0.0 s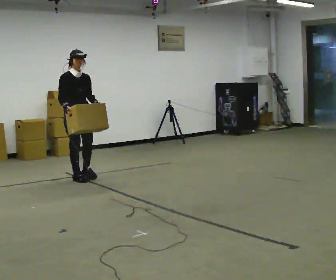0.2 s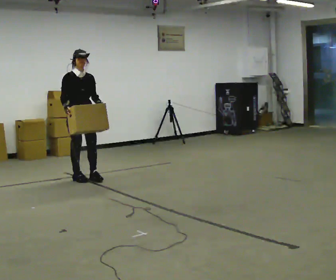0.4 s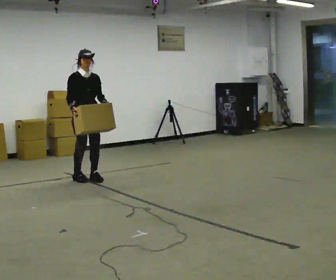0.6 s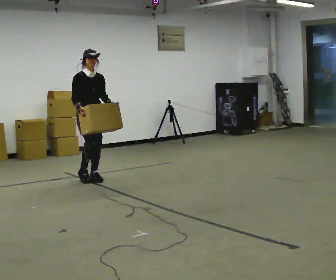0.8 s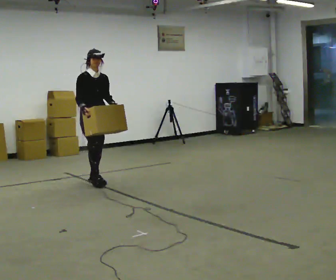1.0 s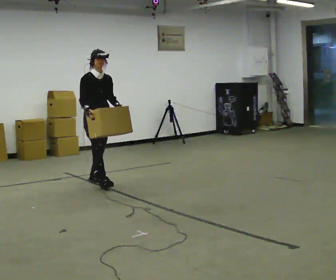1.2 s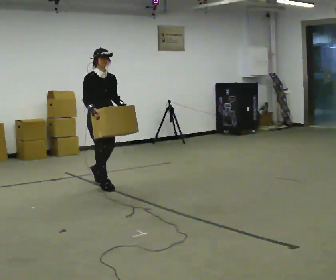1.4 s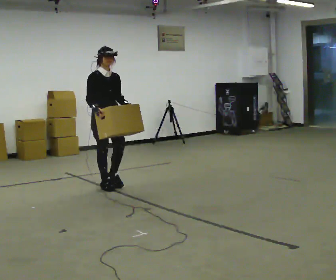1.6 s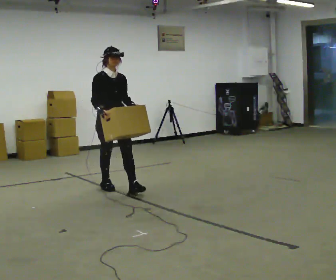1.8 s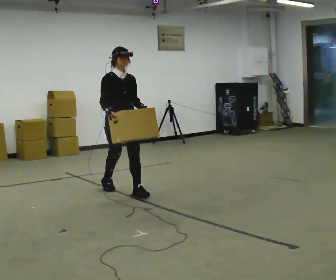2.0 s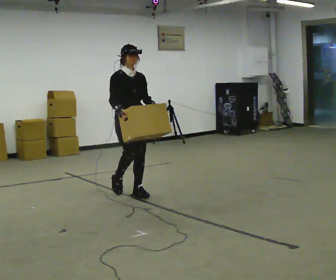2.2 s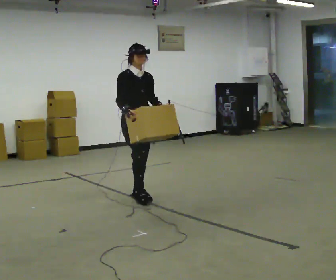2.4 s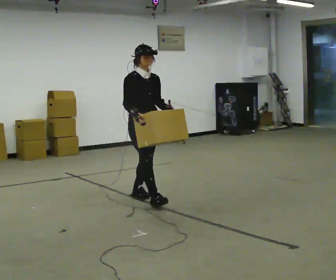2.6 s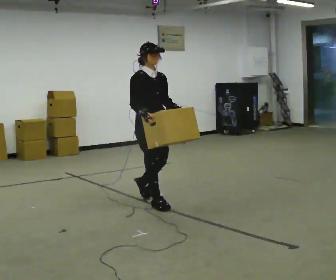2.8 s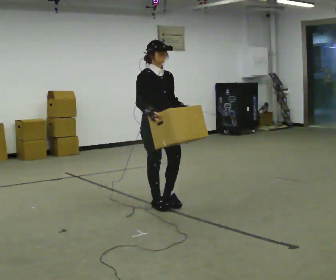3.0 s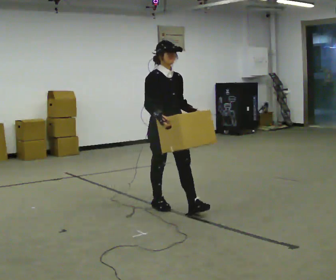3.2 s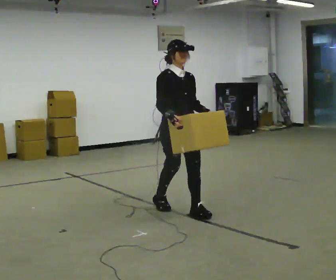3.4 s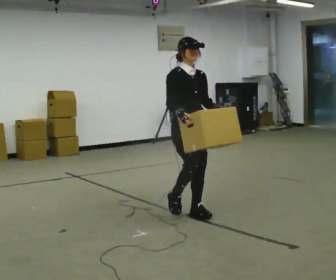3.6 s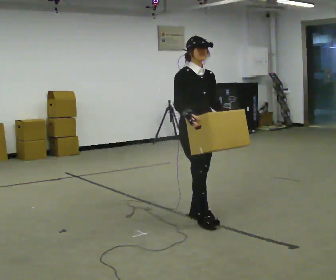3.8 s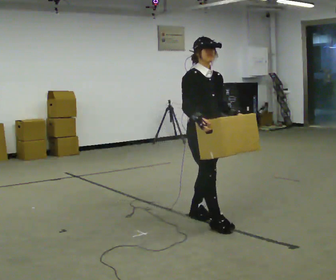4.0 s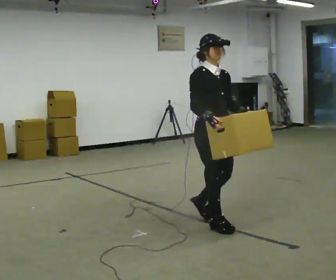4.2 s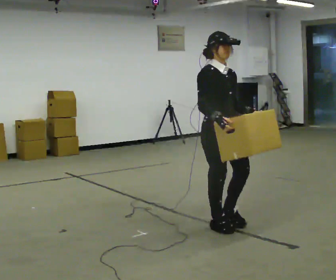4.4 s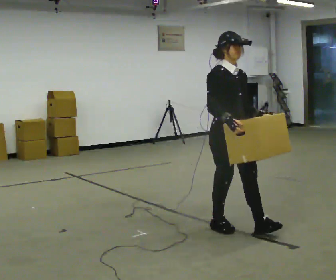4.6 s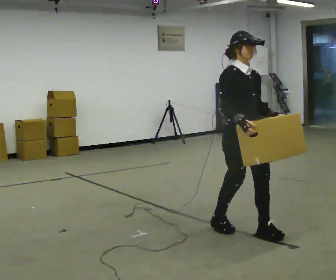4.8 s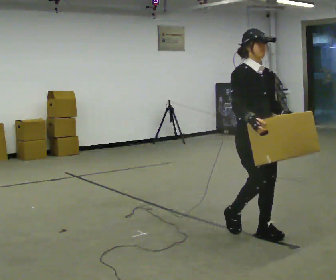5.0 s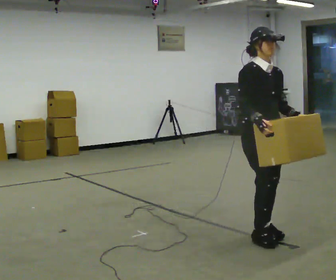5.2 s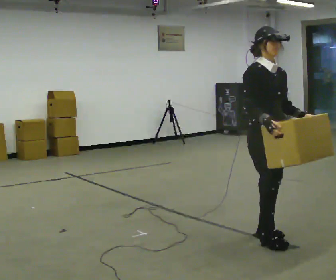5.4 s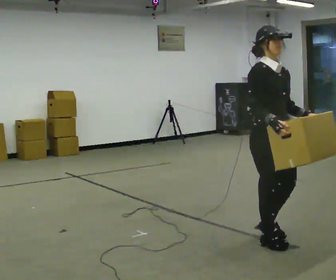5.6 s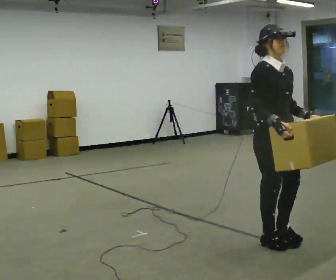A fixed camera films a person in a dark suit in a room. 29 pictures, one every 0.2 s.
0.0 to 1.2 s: In the picture they go to the right and toward the camera, about 0.5 m in 2 steps, which for them is forward.
1.2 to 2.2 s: In the picture they go toward the camera and to the right, about 0.75 m in 1 step, which for them is forward.
2.2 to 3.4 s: In the picture they go toward the camera and to the right, about 1 m in 2 steps, which for them is forward.
3.4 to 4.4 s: In the picture they go toward the camera and to the right, about 0.5 m in 1 step, which for them is forward.
4.4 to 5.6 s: In the picture they go toward the camera and to the right, about 0.5 m in 2 steps, which for them is forward.
The film runs forward here.
